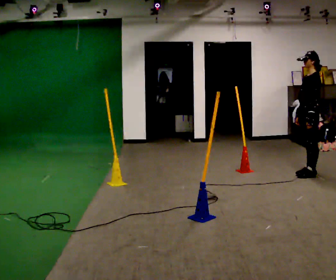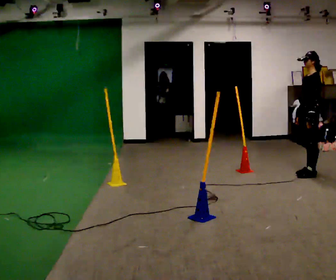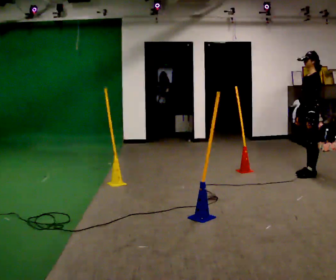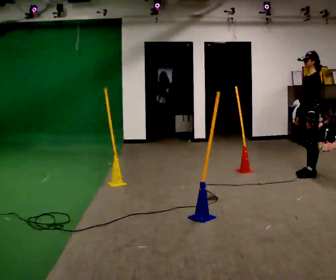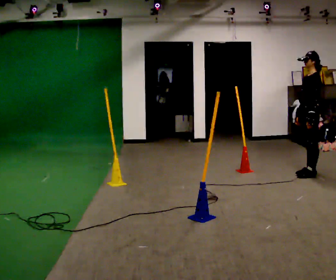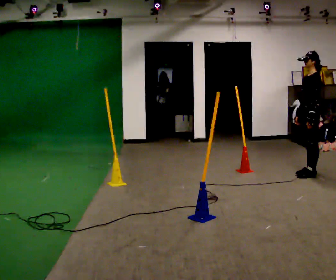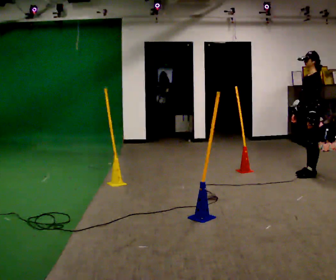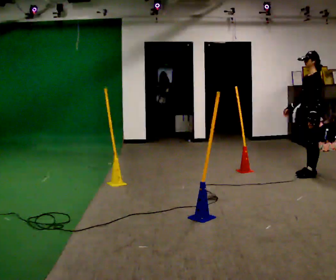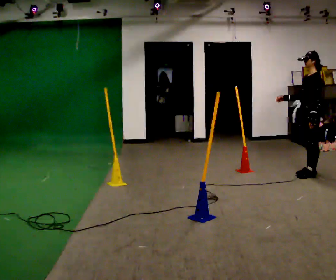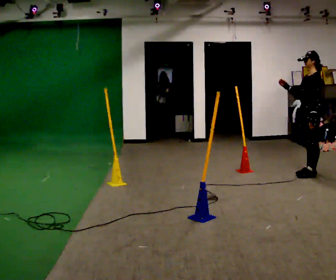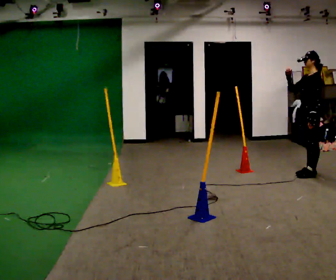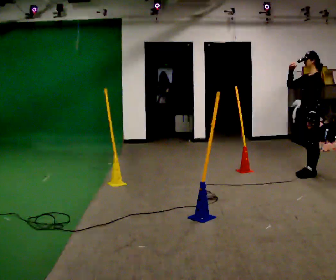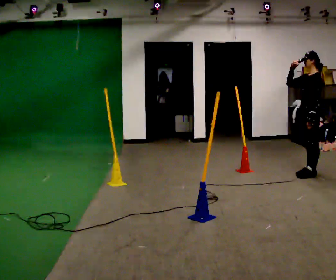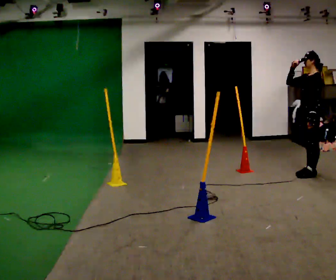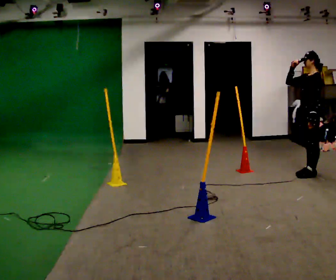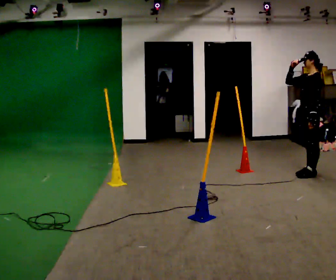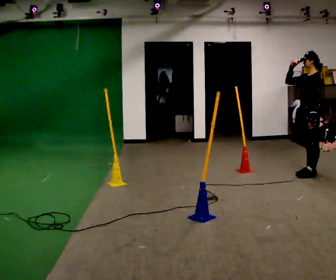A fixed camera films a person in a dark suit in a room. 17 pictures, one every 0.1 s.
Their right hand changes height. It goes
upward.
0.0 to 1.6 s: In the picture their right hand goes upward.
The film runs forward here.
